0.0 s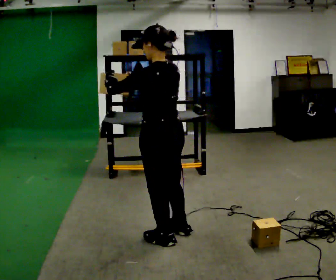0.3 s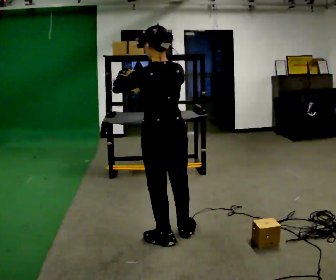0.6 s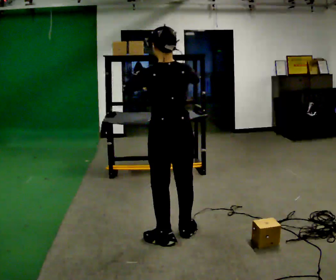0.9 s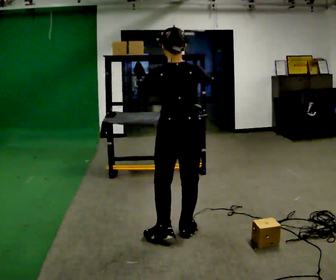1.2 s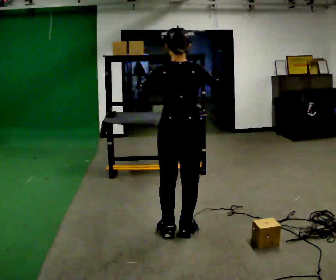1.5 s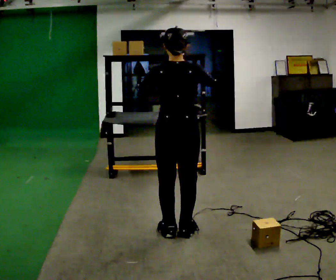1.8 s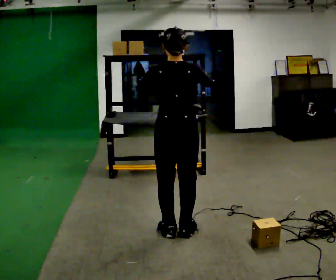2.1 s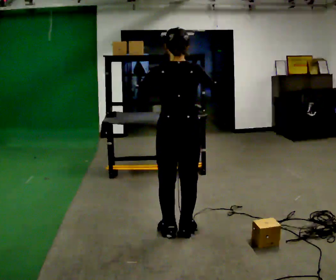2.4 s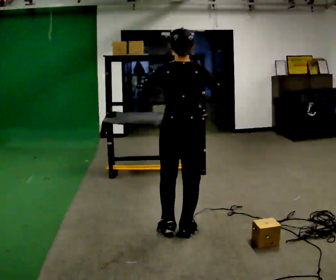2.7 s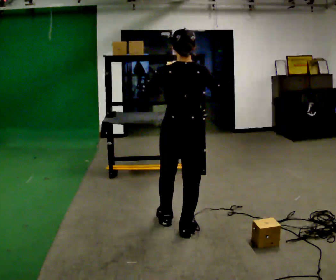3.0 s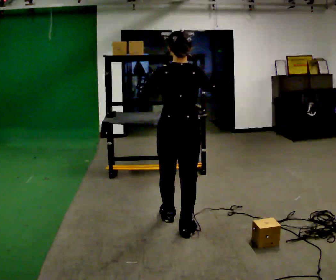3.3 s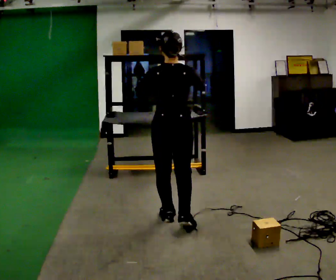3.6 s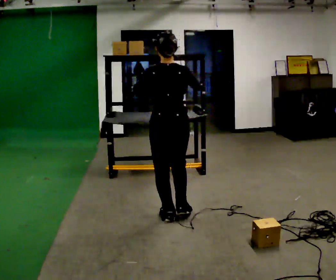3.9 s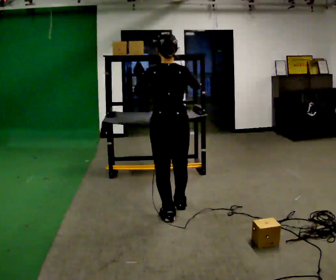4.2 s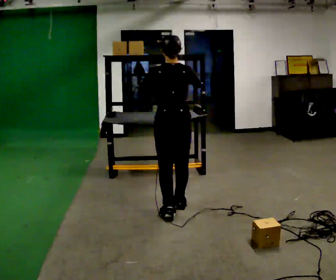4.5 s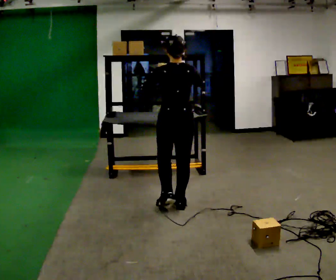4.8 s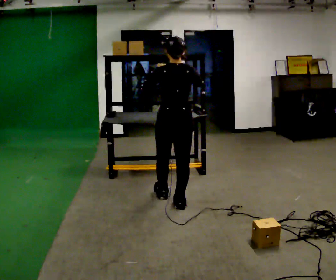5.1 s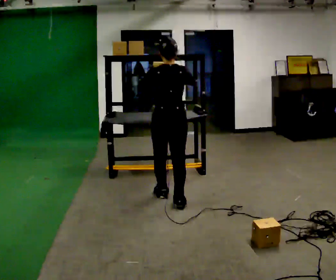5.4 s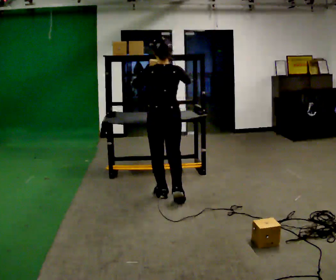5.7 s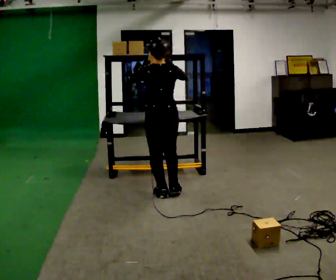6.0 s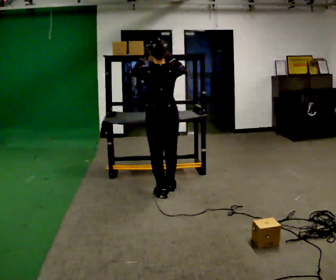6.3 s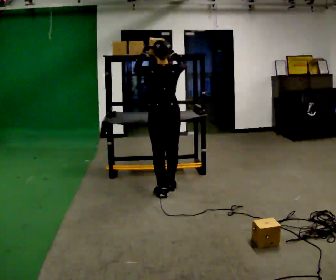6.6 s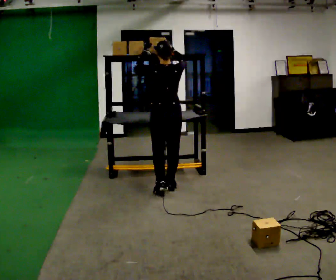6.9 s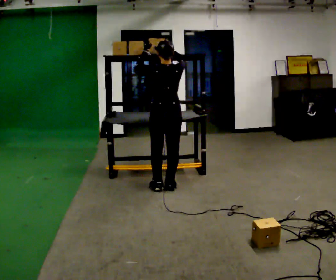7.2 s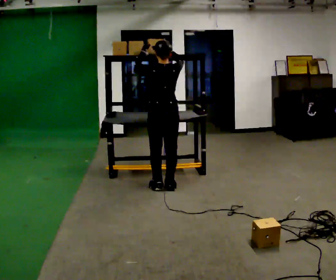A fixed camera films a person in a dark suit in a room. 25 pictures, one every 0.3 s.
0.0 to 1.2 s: The person turns about 45 degrees to their right, clockwise seen from above, so the part of the body nearest the lens slides to the left. In the picture their right hand goes to the right.
1.2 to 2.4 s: The person moves a little, or ends about where they began.
2.4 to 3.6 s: In the picture they go away from the camera, about 0.25 m in 1 step, which for them is forward.
3.6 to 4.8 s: In the picture they go away from the camera, about 0.5 m in 1 step, which for them is forward.
4.8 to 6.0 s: In the picture they go away from the camera, about 0.25 m in 2 steps, which for them is forward.
6.0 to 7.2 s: In the picture they go away from the camera, about 0.25 m in 1 step, which for them is forward.
The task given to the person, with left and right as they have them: Pick an object up off the floor, carry it across the room, and place it on the highest shelf you can comfortably reach. Keep going until the operator says stop; one object at a time, and do not rush between trips.
The film runs forward here.
